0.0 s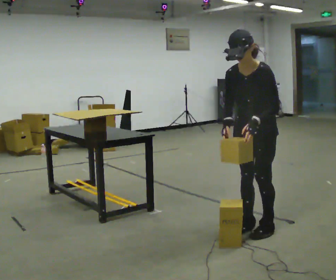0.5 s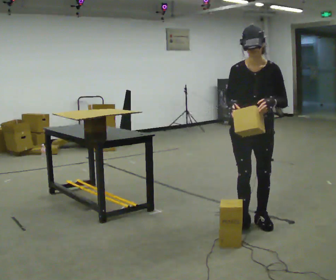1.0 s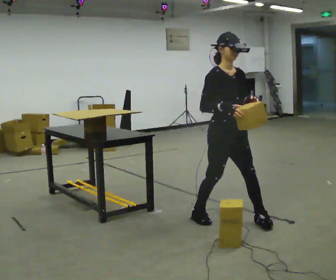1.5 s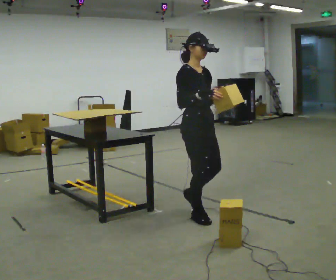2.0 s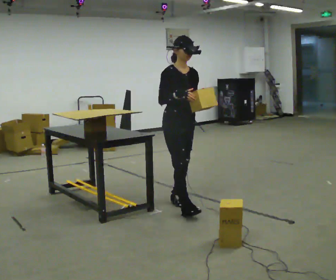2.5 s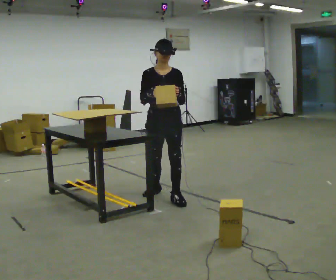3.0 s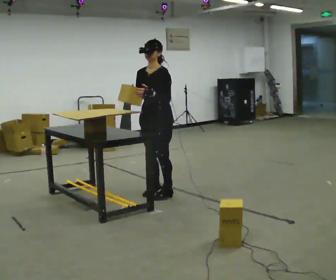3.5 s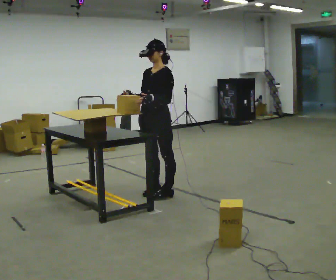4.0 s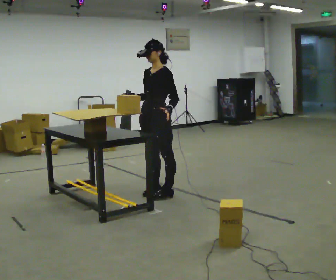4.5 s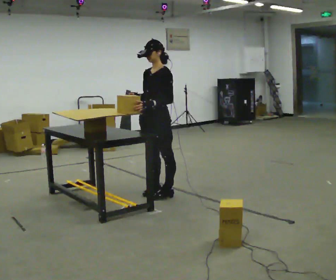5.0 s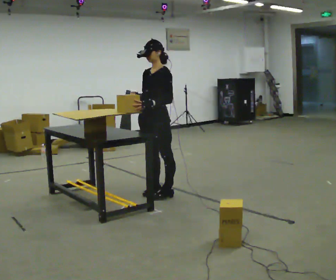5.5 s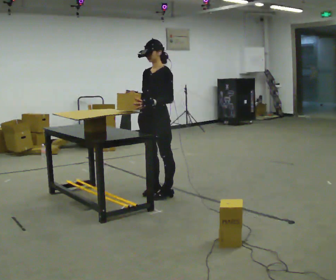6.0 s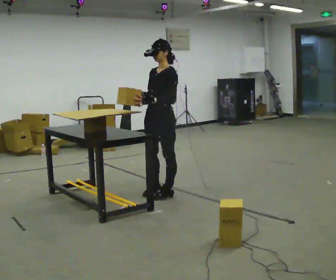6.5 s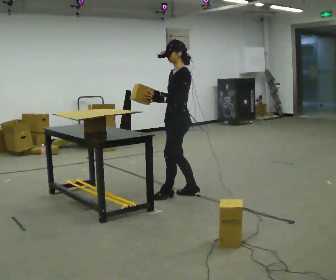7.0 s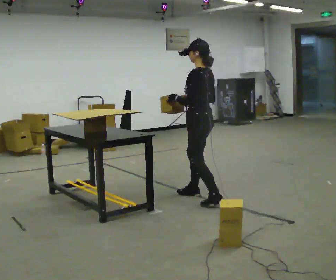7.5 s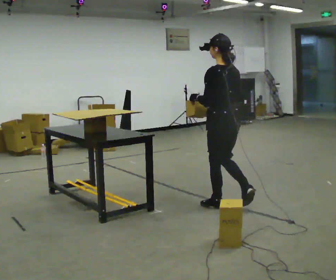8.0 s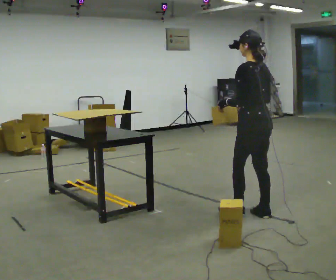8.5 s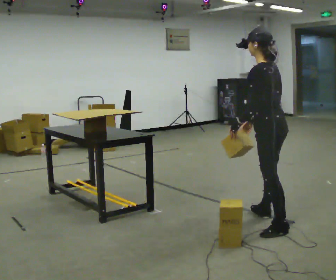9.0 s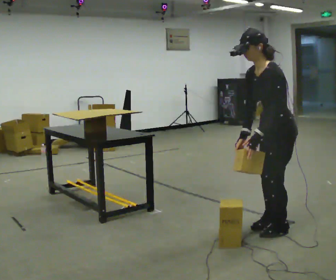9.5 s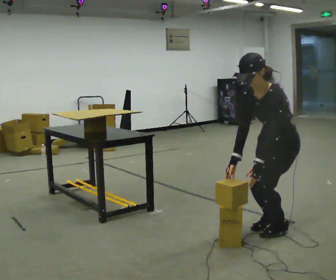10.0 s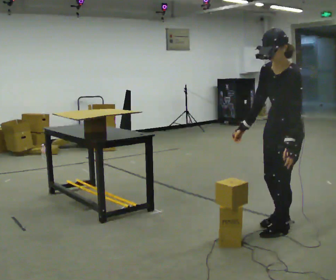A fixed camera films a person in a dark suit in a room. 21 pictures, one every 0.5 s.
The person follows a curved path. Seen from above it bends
clockwise.
0.0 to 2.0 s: The part of the body nearest the lens slides to the right as the person turns to their left by about 75 degrees. In the picture they go away from the camera and to the left, about 1 m in 3 steps.
2.0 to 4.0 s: Seen from above the body turns clockwise, about 90 degrees: to their right, with its near side sliding to the left. In the picture they go away from the camera and to the left, about 0.5 m in 1 step.
4.0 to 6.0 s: The person moves a little, or ends about where they began.
6.0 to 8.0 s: The part of the body nearest the lens slides to the left as the person turns to their right by about 75 degrees. In the picture they go toward the camera and to the right, about 1 m in 4 steps.
8.0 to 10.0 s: The part of the body nearest the lens slides to the right as the person turns to their left by about 75 degrees. In the picture they go toward the camera, about 0.5 m in 2 steps.
The film runs backward here.
